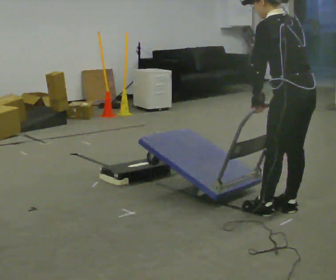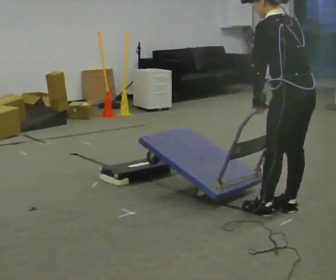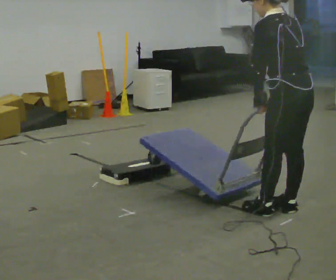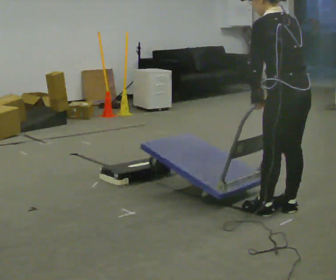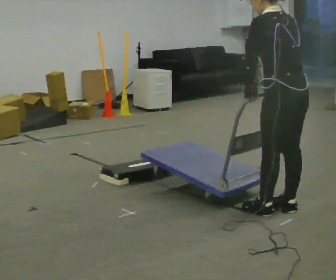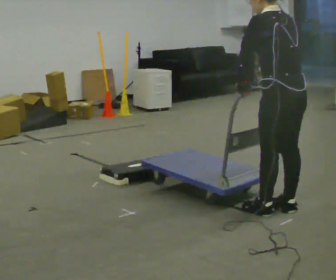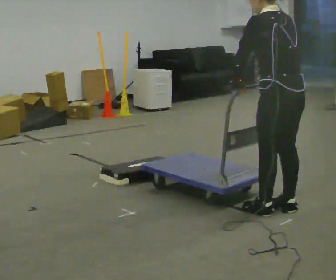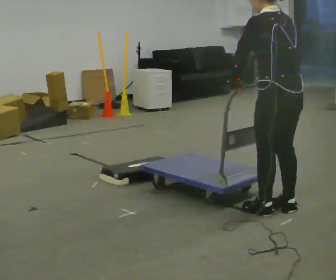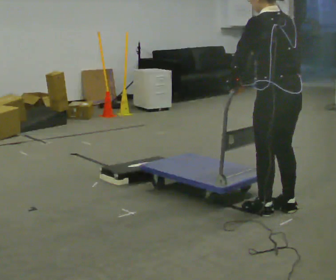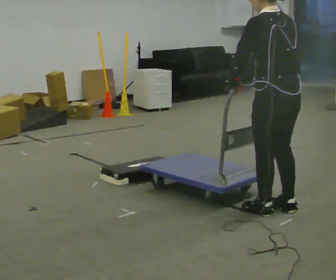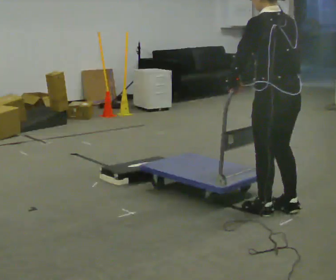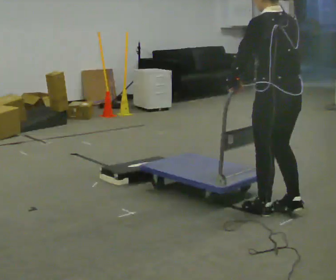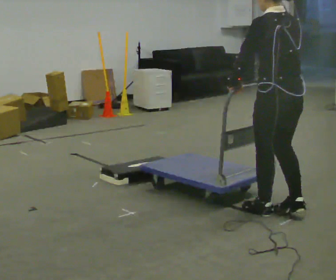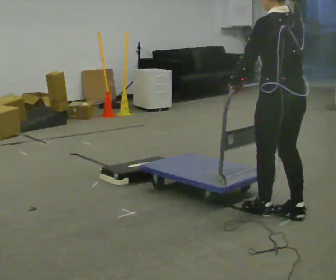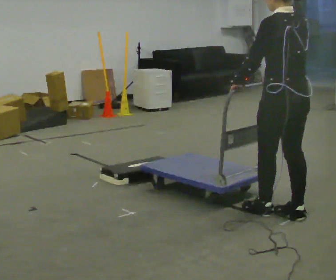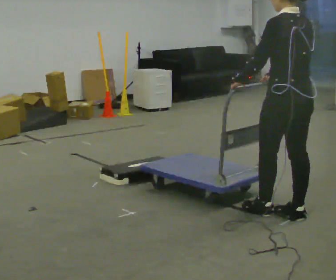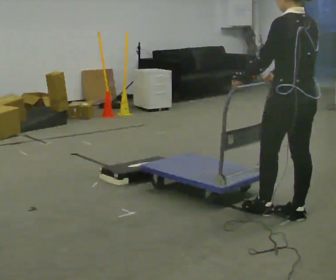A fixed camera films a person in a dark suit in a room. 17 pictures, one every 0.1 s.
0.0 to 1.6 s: In the picture the upper body tilts clockwise, shoulders to the right, as they lean back or straighten.
The film runs backward here.
